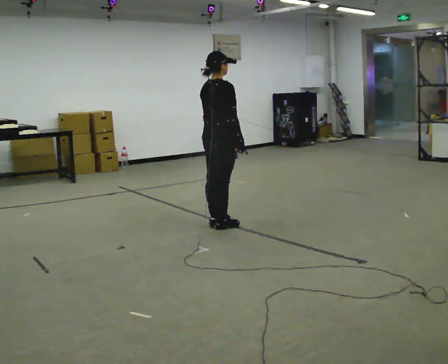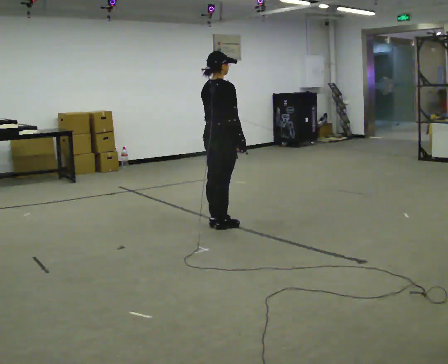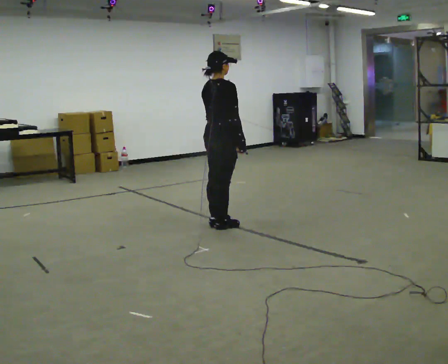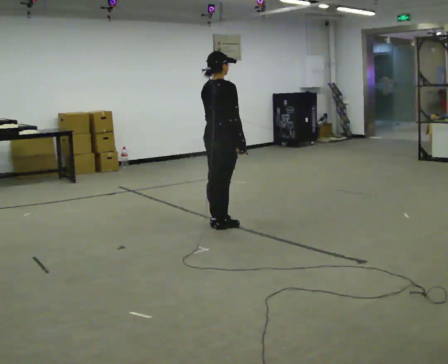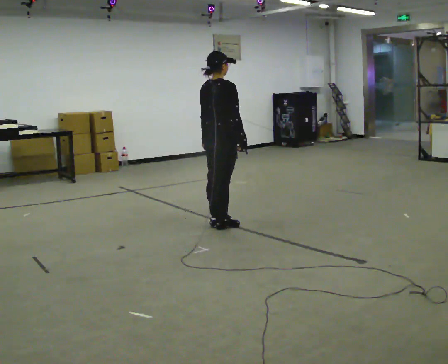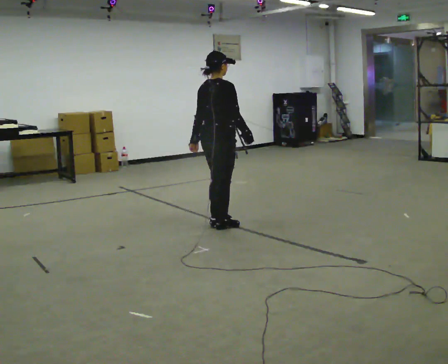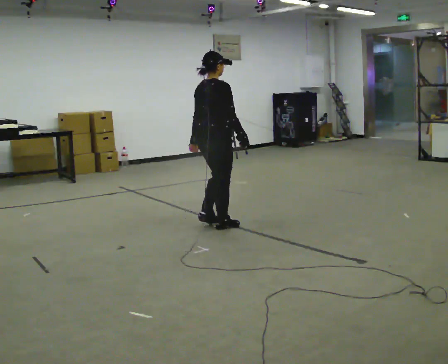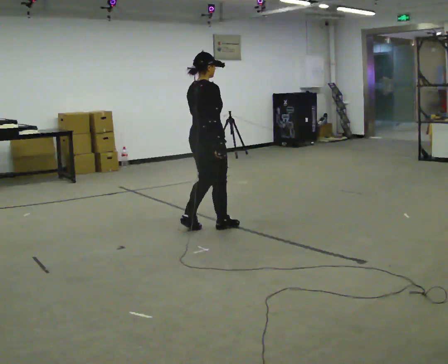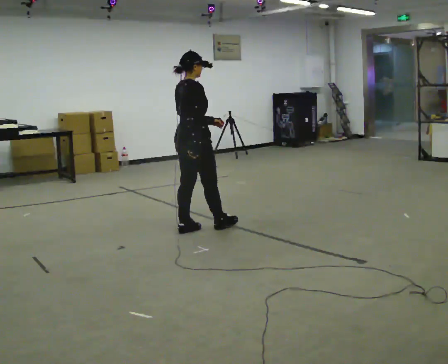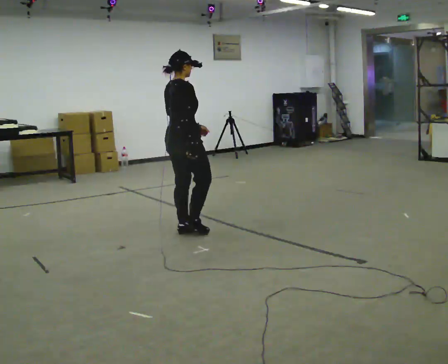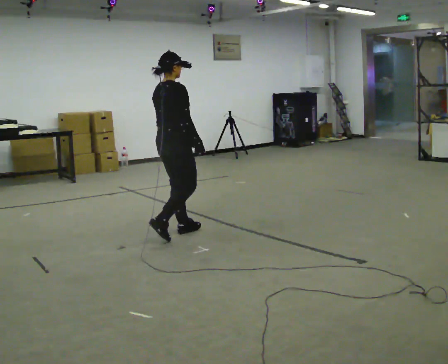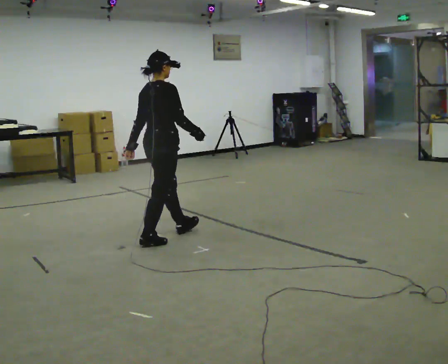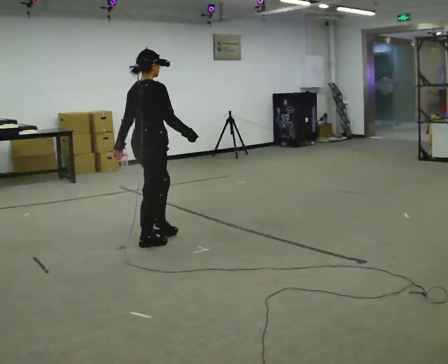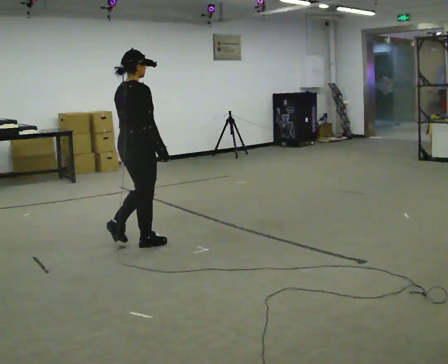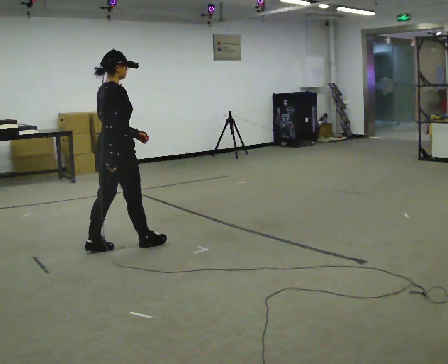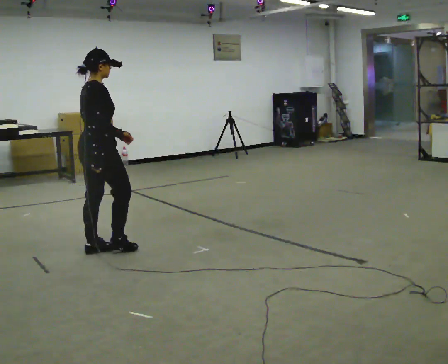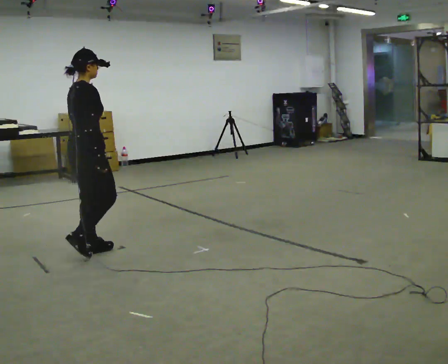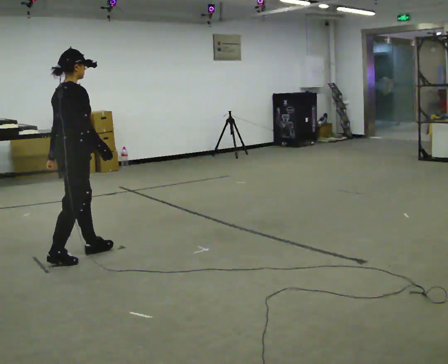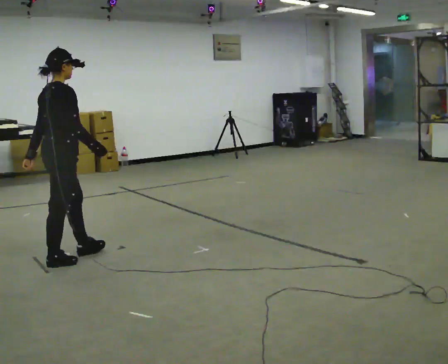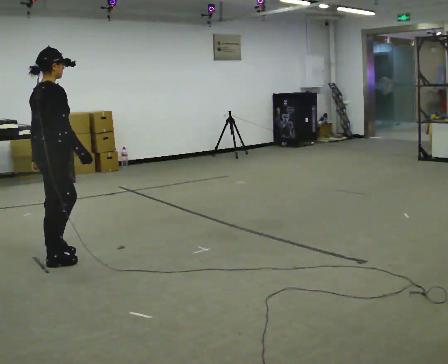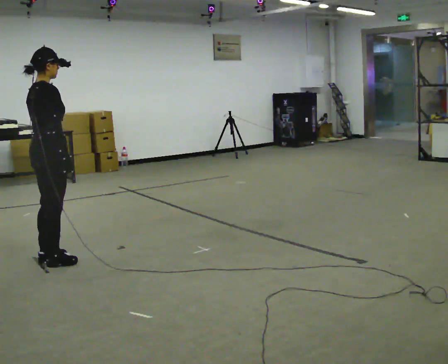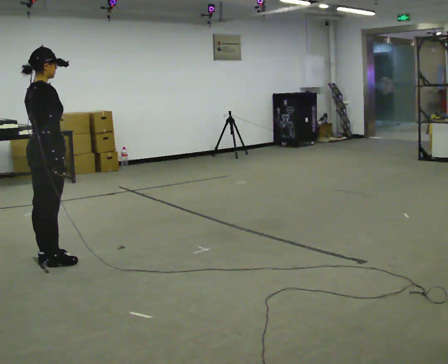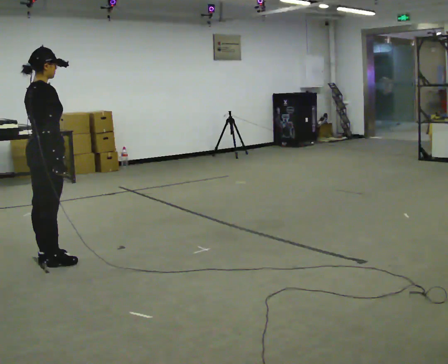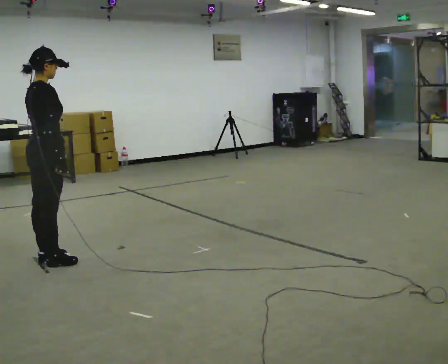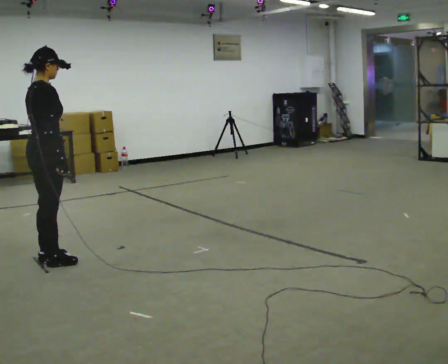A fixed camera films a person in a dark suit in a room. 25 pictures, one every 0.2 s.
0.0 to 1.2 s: The person moves a little, or ends about where they began.
1.2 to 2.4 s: In the picture they go to the left and toward the camera, about 0.75 m in 2 steps, which for them is backward.
2.4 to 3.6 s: In the picture they go to the left and toward the camera, about 1 m in 2 steps, which for them is backward.
3.6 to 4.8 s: The person moves a little, or ends about where they began.
The film runs backward here.
